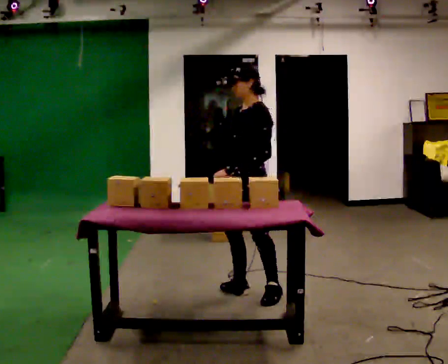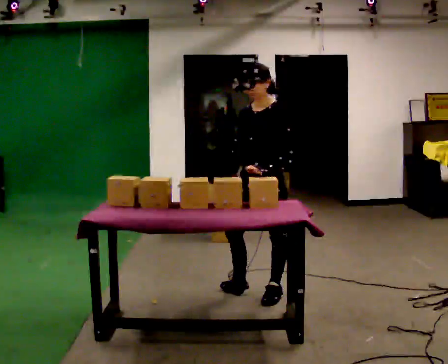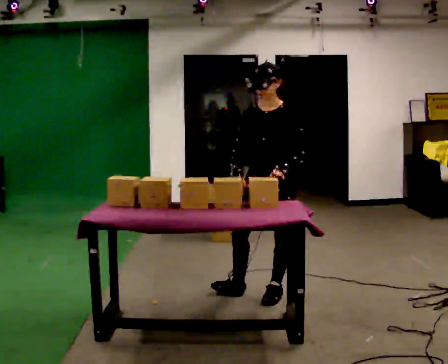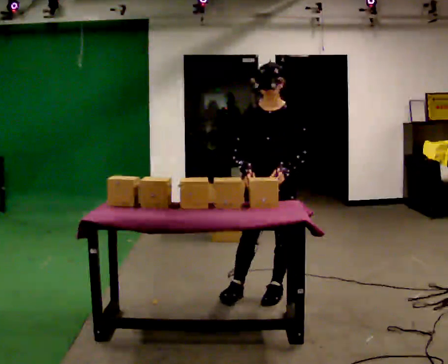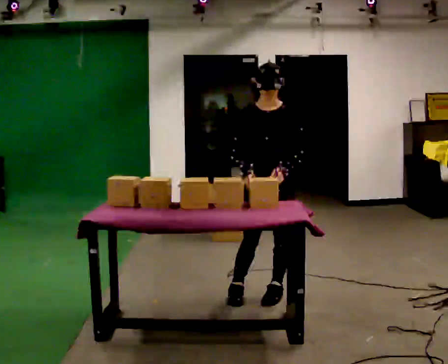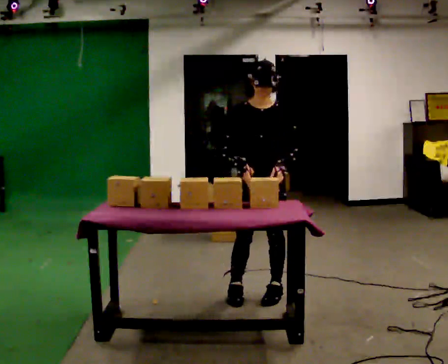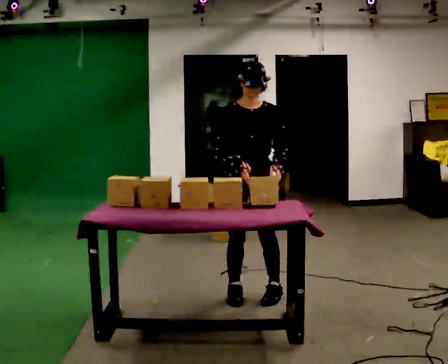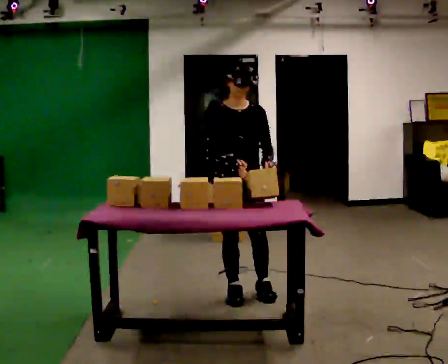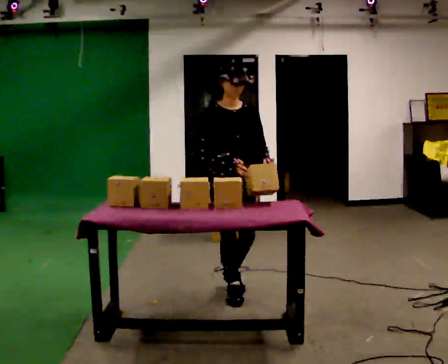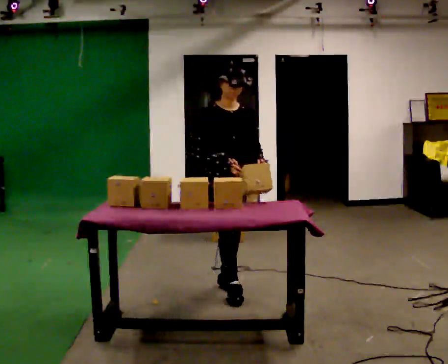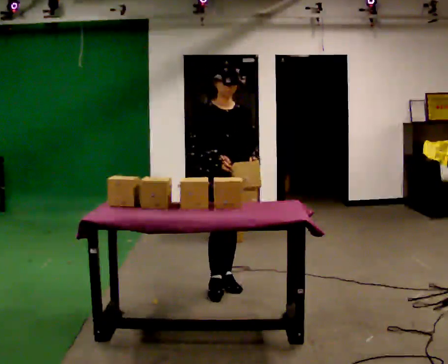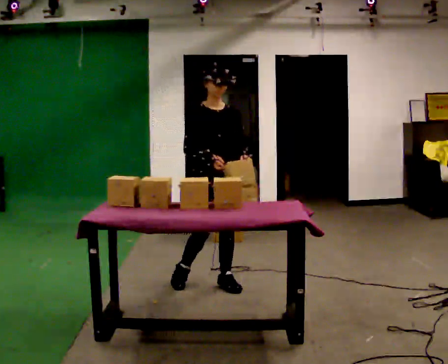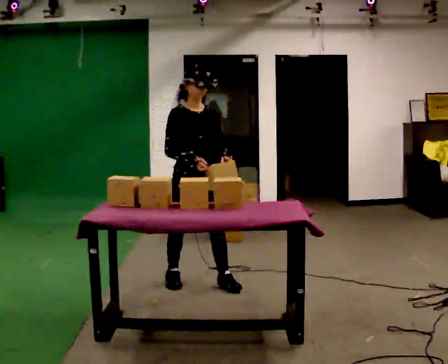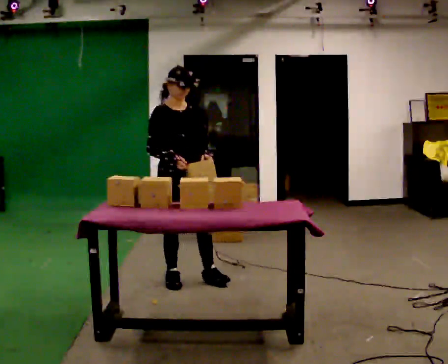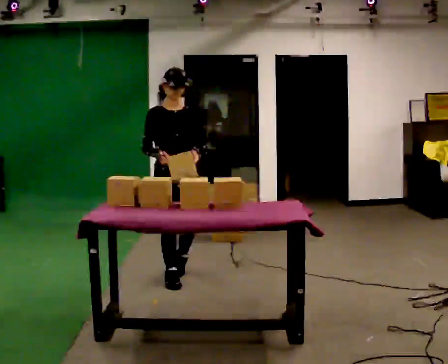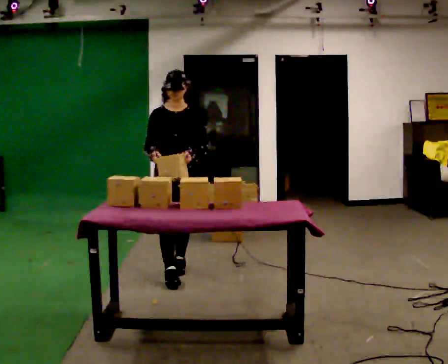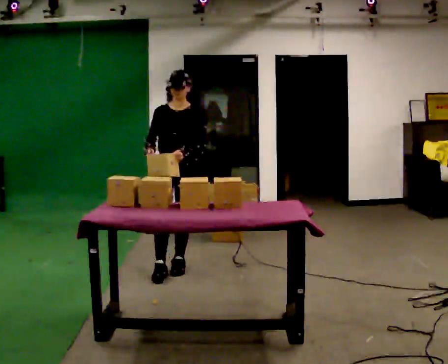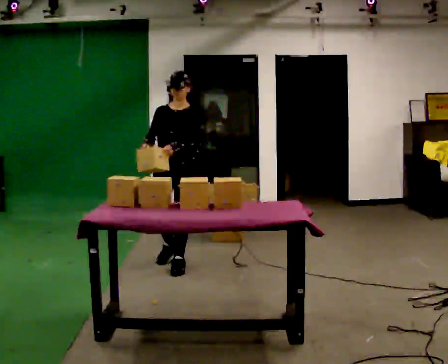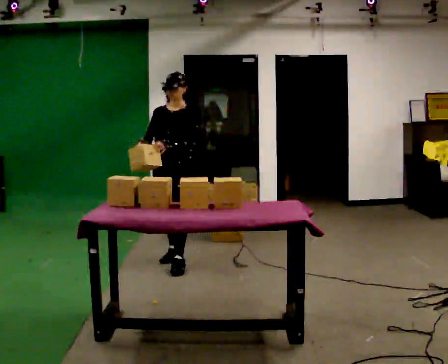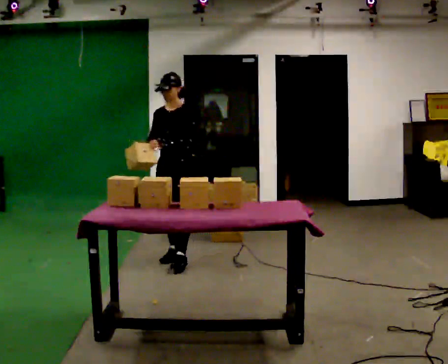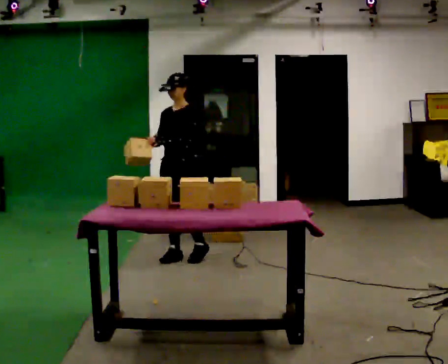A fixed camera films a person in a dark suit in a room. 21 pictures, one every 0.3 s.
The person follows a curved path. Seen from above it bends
clockwise.
The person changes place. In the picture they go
away from the camera.
0.0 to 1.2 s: The part of the body nearest the lens slides to the right as the person turns to their left by about 45 degrees. In the picture they go to the right, about 0.25 m, which for them is to their left.
1.2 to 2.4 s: The person turns about 45 degrees to their left, counterclockwise seen from above, so the part of the body nearest the lens slides to the right. In the picture they go to the left, about 0.25 m in 1 step, which for them is to their right.
2.4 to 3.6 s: In the picture they go to the left and away from the camera, about 0.25 m in 1 step, which for them is backward and to their right.
3.6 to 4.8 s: The person turns about 30 degrees to their right, clockwise seen from above, so the part of the body nearest the lens slides to the left. In the picture they go away from the camera and to the left, about 0.5 m in 2 steps, which for them is backward.
4.8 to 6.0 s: The person turns about 30 degrees to their right, clockwise seen from above, so the part of the body nearest the lens slides to the left. In the picture they go away from the camera, about 0.5 m in 1 step, which for them is backward and to their right.
The film runs backward here.
